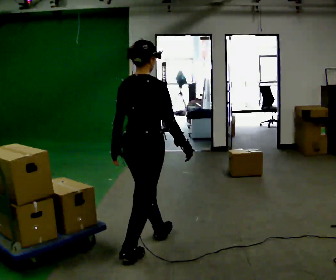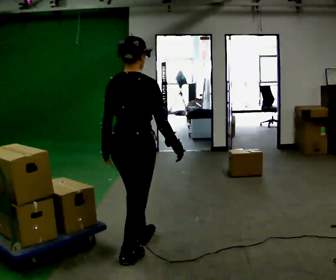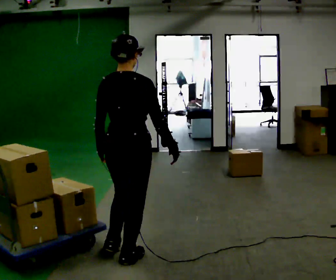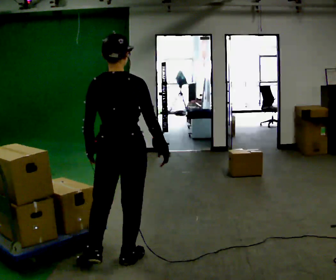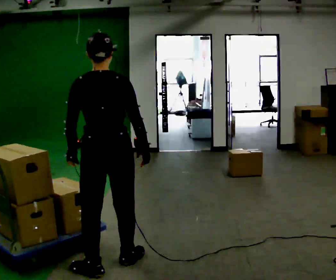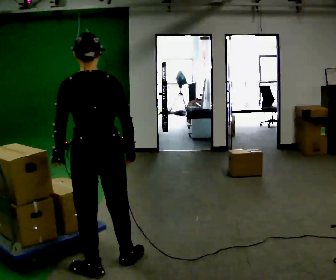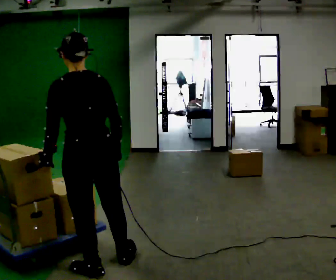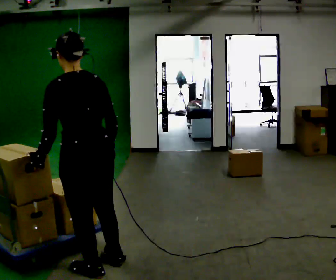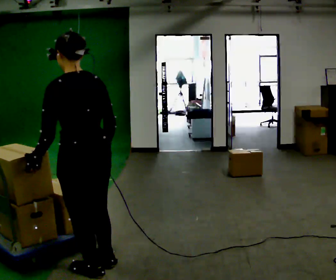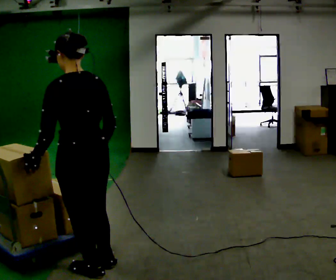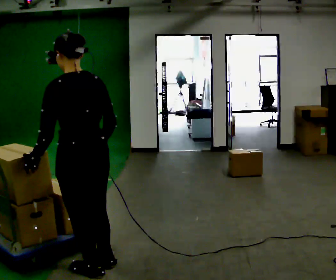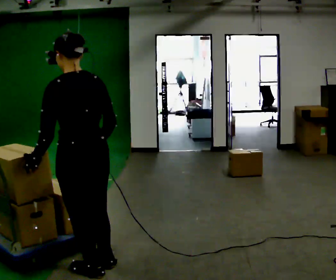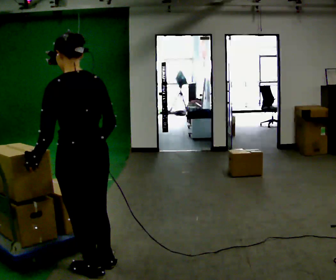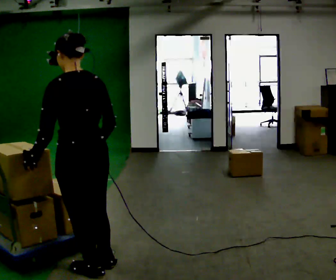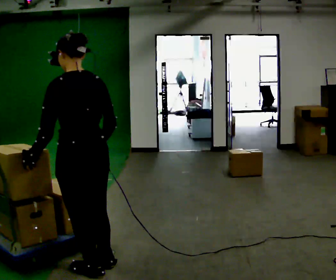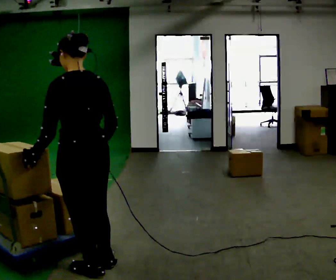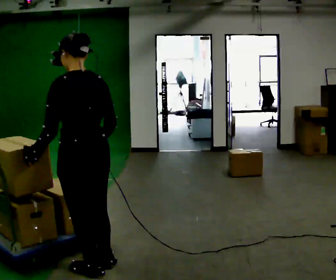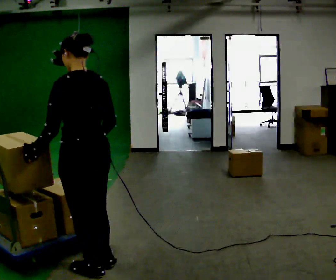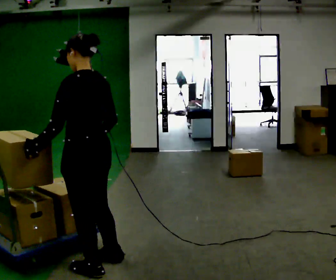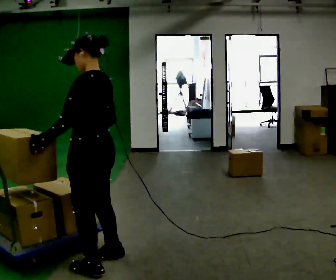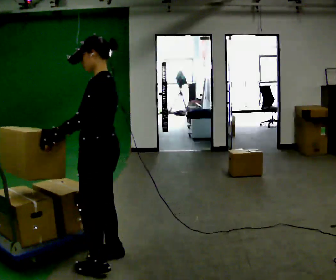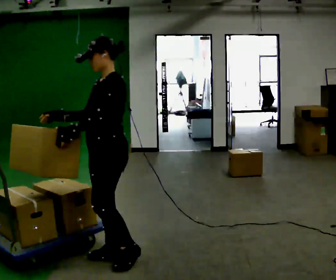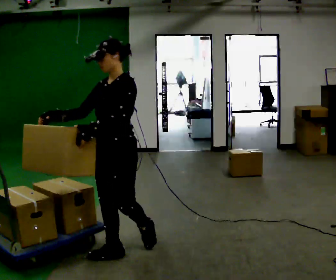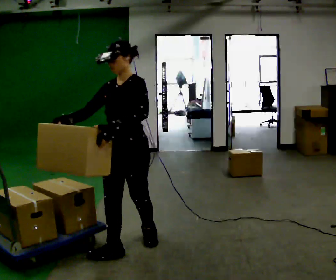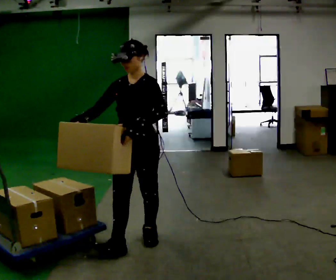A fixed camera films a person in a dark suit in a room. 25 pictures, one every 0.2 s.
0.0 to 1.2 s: The part of the body nearest the lens slides to the right as the person turns to their left by about 60 degrees. In the picture they go toward the camera and to the left, about 0.5 m in 1 step.
1.2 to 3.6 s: The part of the body nearest the lens slides to the right as the person turns to their left by about 30 degrees.
3.6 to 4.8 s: Seen from above the body turns counterclockwise, about 105 degrees: to their left, with its near side sliding to the right. In the picture they go away from the camera and to the right, about 0.5 m in 2 steps.
The film runs backward here.
